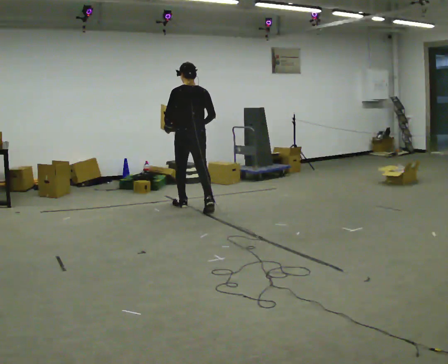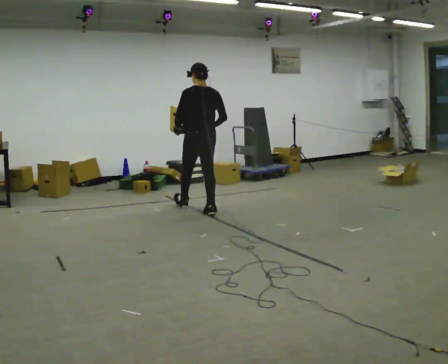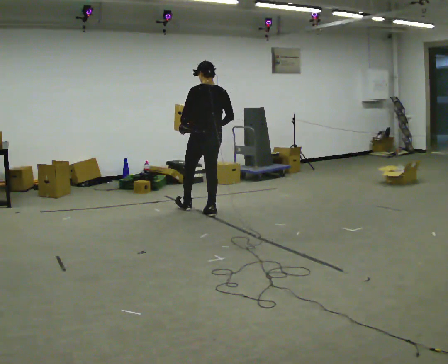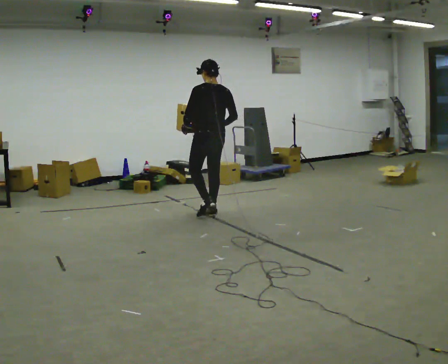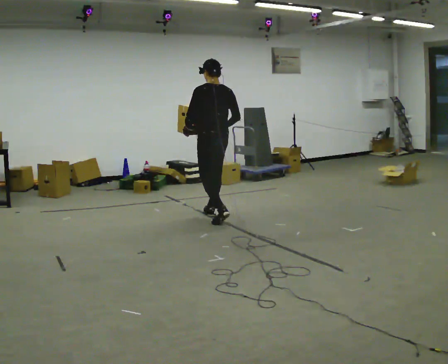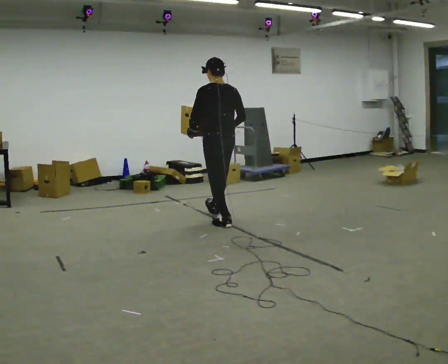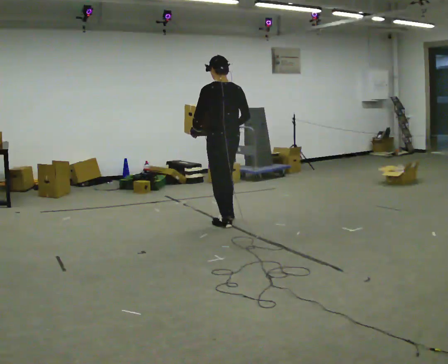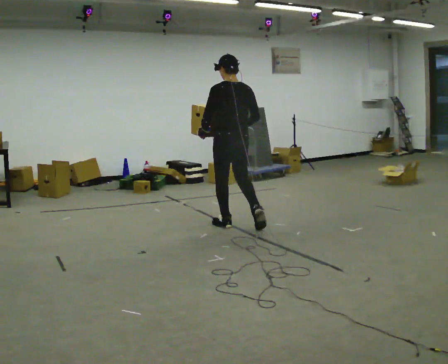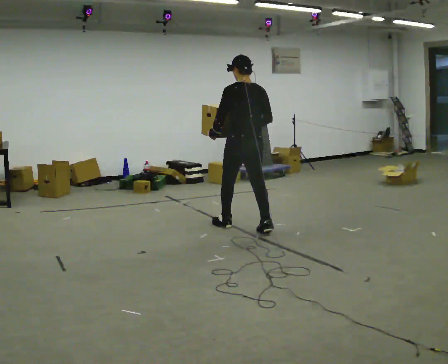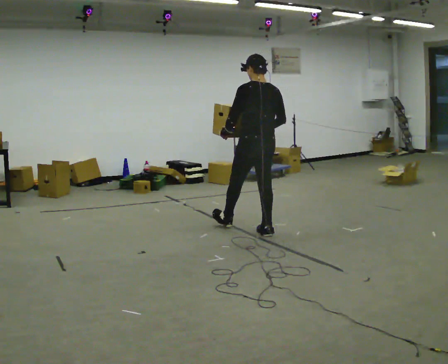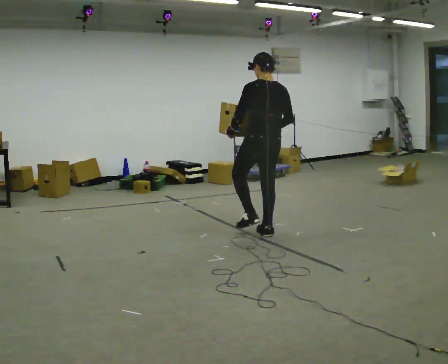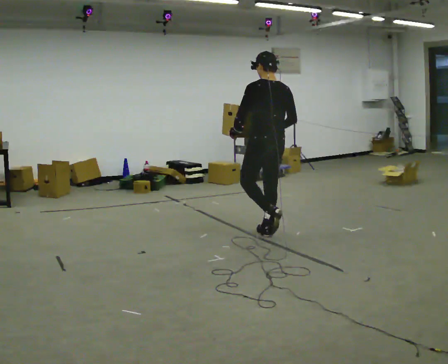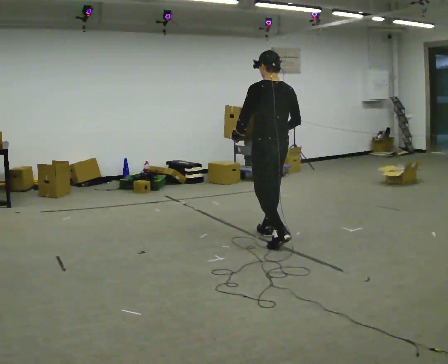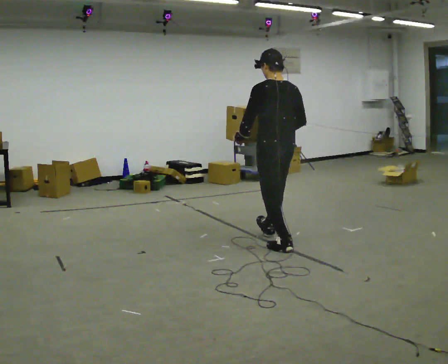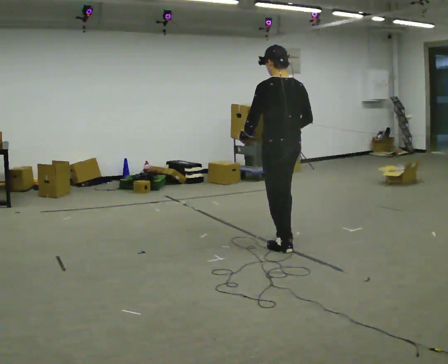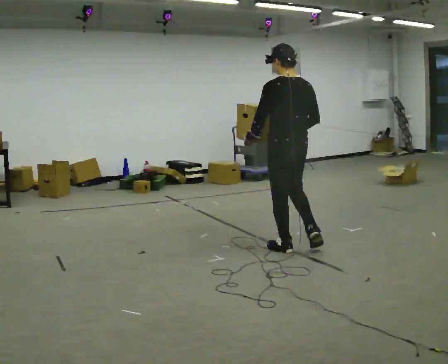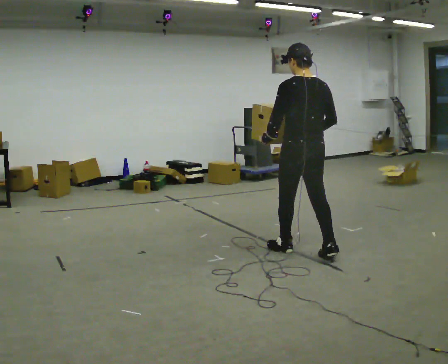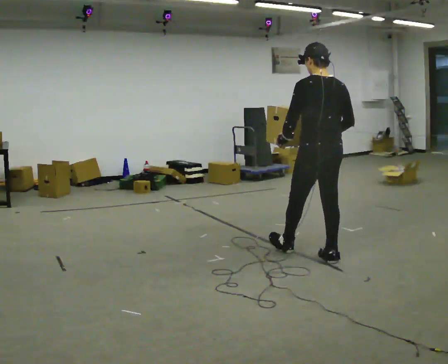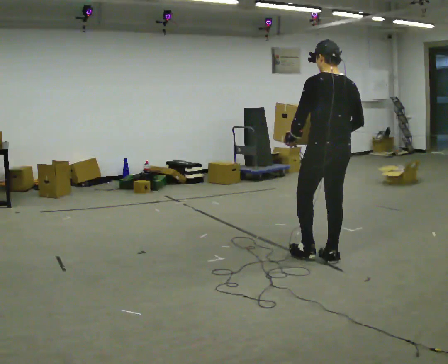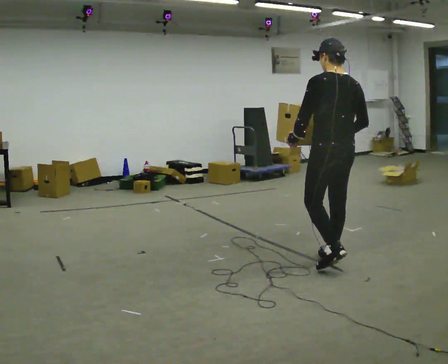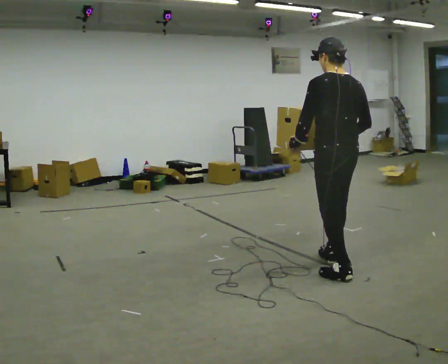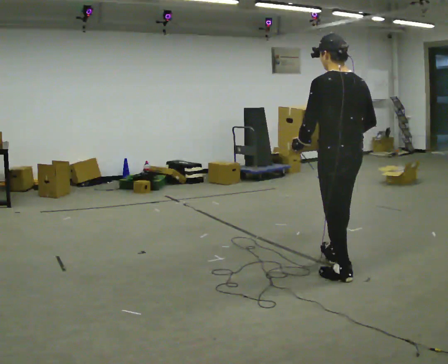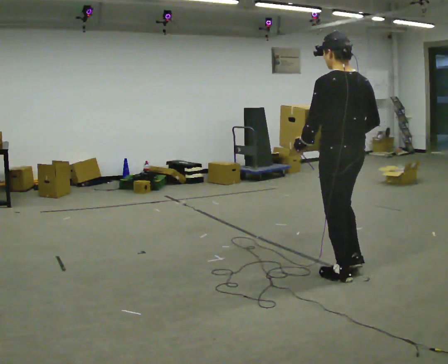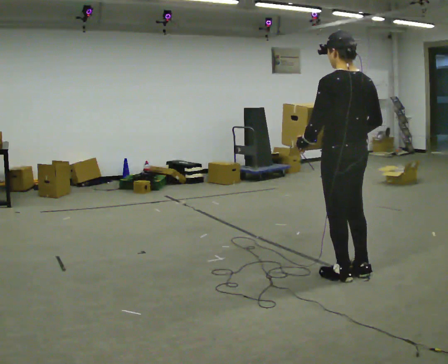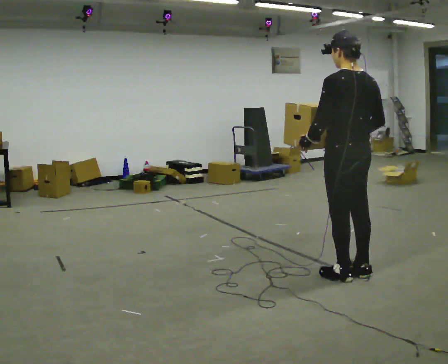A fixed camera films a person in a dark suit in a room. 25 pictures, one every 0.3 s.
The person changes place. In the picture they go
toward the camera.
0.0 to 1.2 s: In the picture they go toward the camera and to the right, about 0.5 m in 1 step, which for them is backward.
1.2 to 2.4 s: In the picture they go toward the camera and to the right, about 0.5 m in 1 step, which for them is backward.
2.4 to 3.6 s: In the picture they go toward the camera and to the right, about 0.5 m in 1 step, which for them is backward.
3.6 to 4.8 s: In the picture they go toward the camera and to the right, about 0.5 m in 1 step, which for them is backward.
4.8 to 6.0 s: In the picture they go toward the camera and to the right, about 0.5 m in 1 step, which for them is backward.
6.0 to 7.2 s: In the picture they go toward the camera, about 0.25 m in 1 step, which for them is backward.
The film runs backward here.
